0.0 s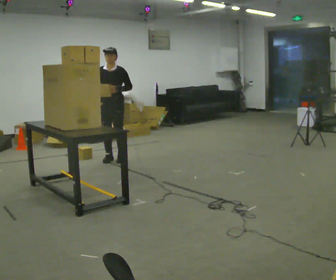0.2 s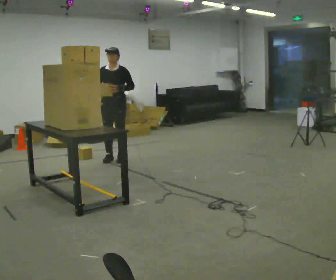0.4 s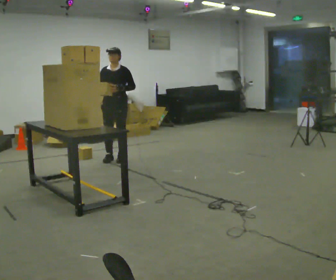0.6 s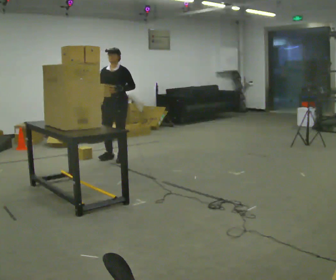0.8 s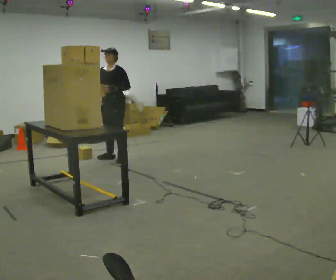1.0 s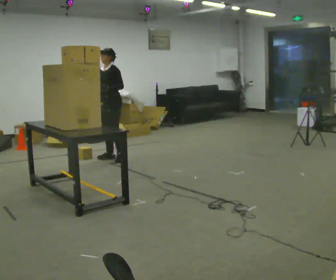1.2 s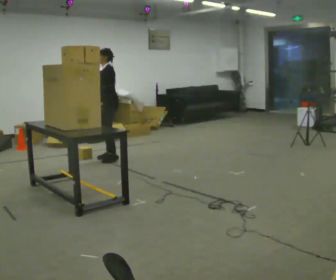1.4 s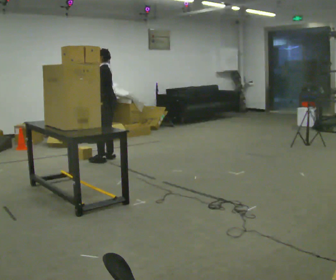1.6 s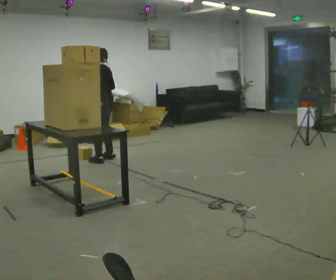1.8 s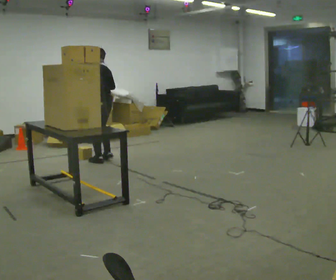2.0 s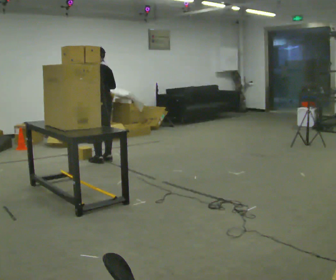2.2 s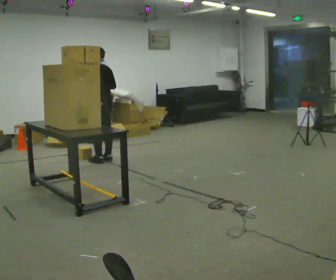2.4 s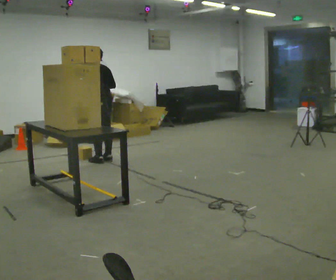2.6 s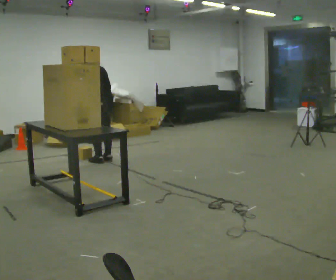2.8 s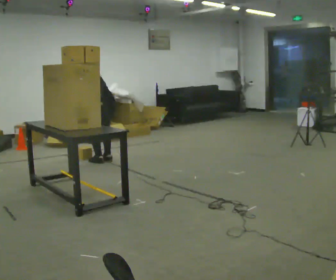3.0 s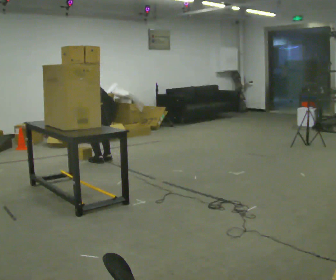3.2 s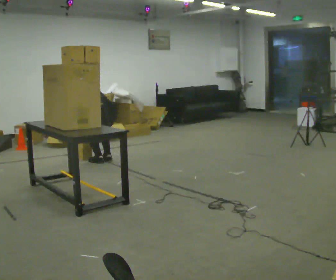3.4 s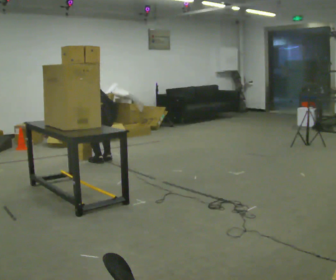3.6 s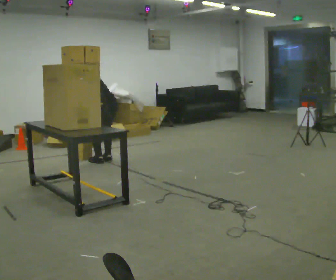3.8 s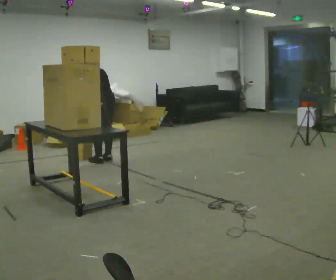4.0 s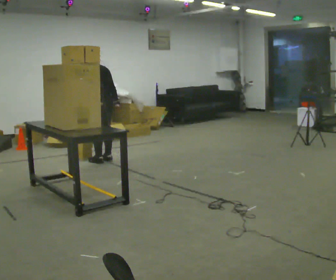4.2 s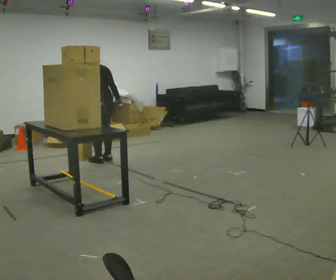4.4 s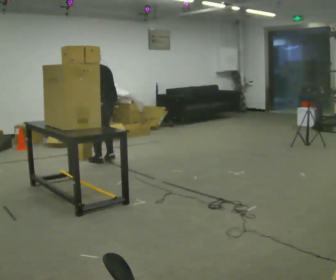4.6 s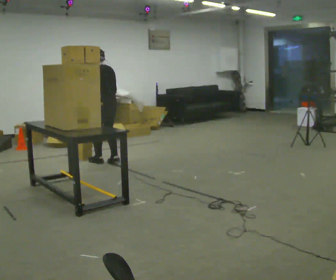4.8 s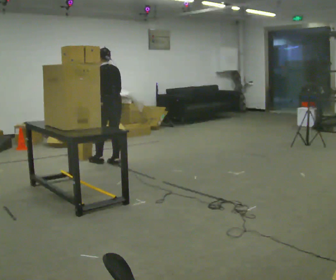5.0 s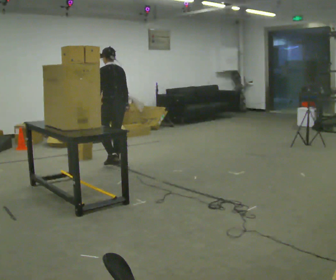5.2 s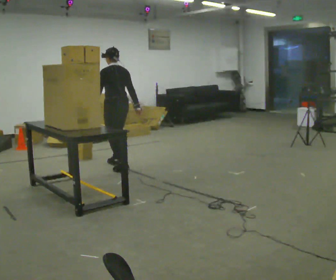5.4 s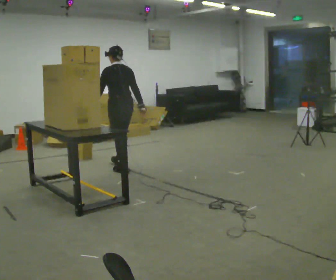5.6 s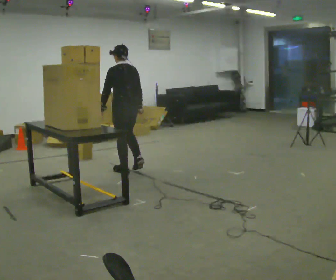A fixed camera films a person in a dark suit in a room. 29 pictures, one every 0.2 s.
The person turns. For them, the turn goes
to their right.
The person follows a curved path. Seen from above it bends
counterclockwise.
0.0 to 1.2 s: The person turns about 60 degrees to their right, clockwise seen from above, so the part of the body nearest the lens slides to the left. In the picture their left hand goes to the left.
1.2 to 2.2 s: The part of the body nearest the lens slides to the left as the person turns to their right by about 60 degrees.
2.2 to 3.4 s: The shoulders move downward. In the picture the upper body tilts counterclockwise, shoulders to the left, as they bend forward. In the picture their right hand goes downward.
3.4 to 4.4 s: The shoulders move upward. In the picture the upper body tilts clockwise, shoulders to the right, as they lean back or straighten. In the picture their right hand goes upward and to the right.
4.4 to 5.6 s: In the picture they go toward the camera and to the right, about 0.5 m in 2 steps, which for them is backward.
The film runs backward here.
